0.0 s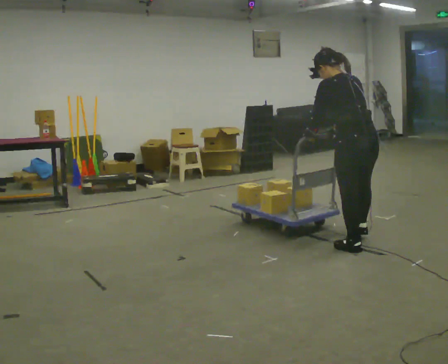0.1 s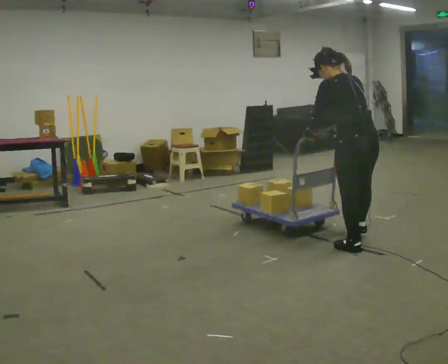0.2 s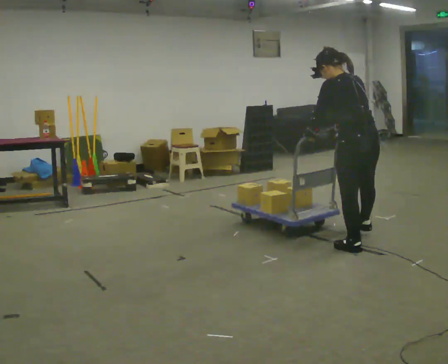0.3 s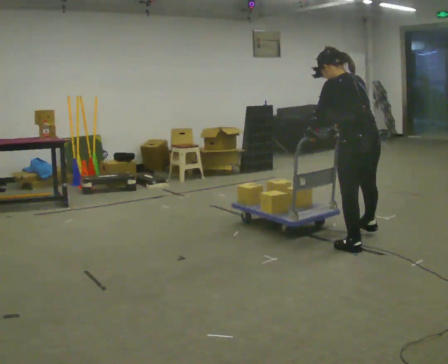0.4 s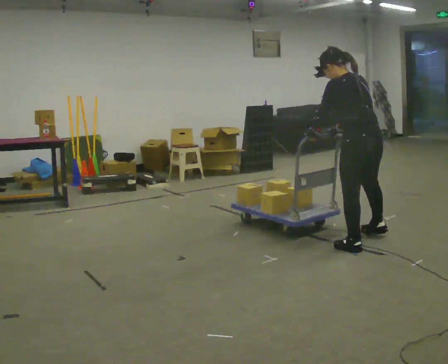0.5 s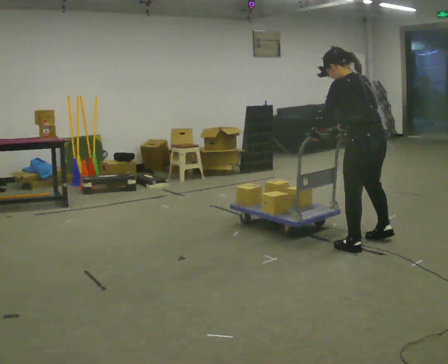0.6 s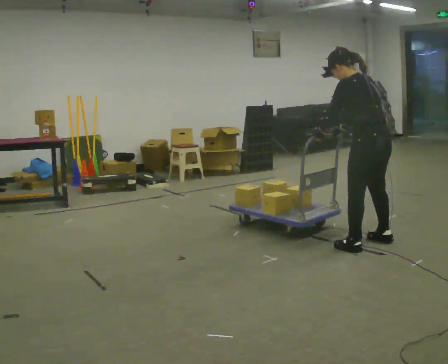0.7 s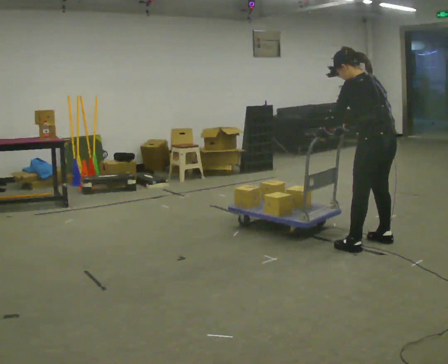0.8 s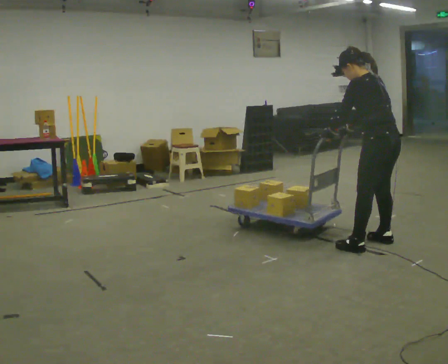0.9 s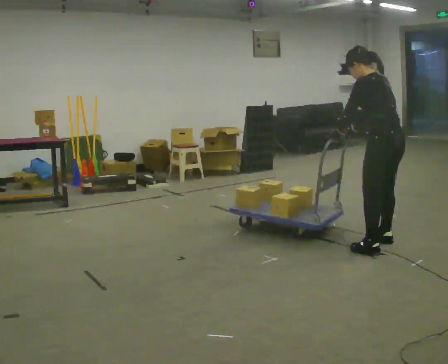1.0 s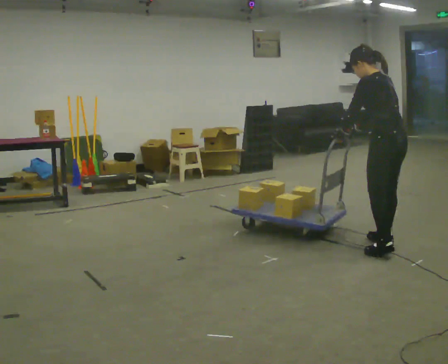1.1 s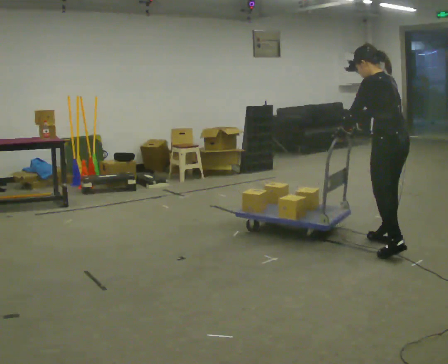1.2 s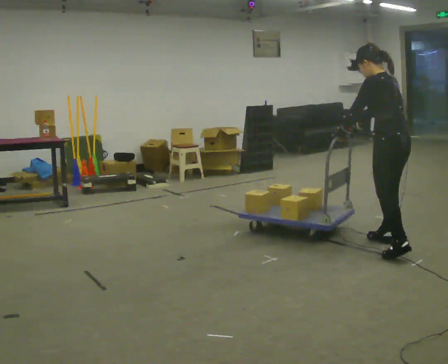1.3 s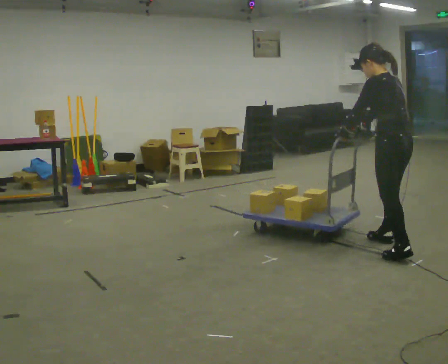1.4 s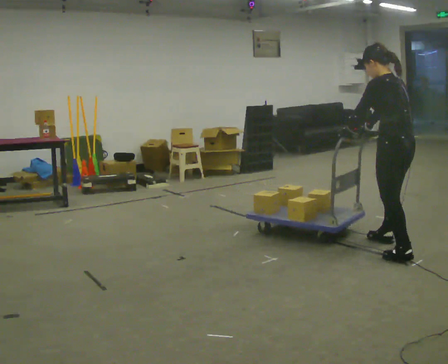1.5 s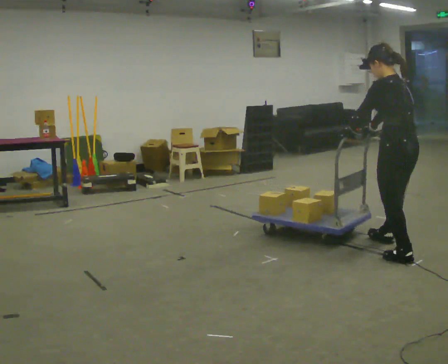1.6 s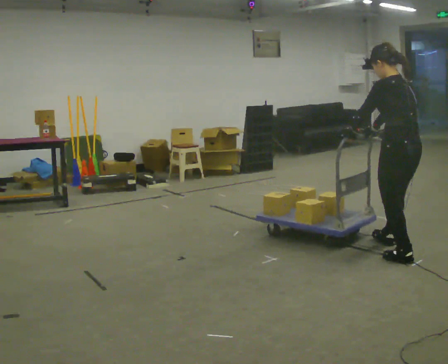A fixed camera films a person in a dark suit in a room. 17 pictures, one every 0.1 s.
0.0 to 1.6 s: In the picture they go to the right and toward the camera, about 0.25 m in 2 steps, which for them is backward.
The film runs forward here.
